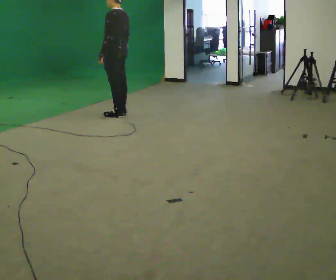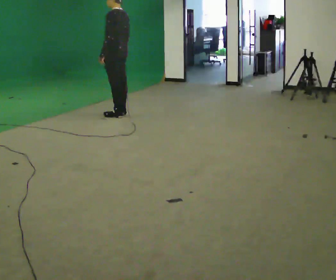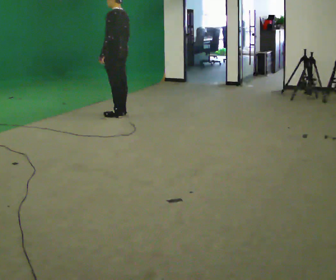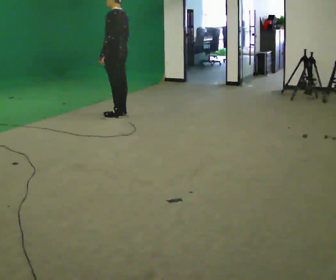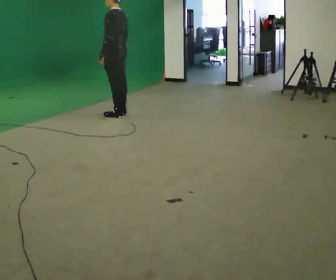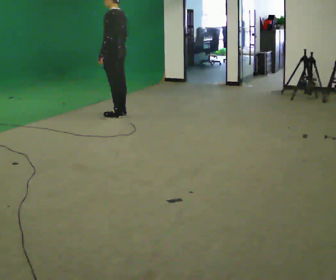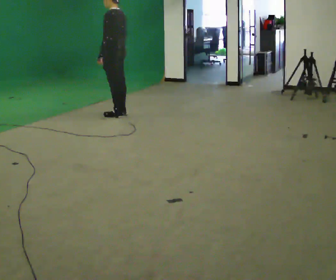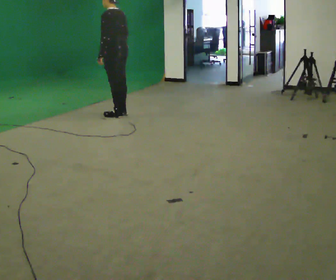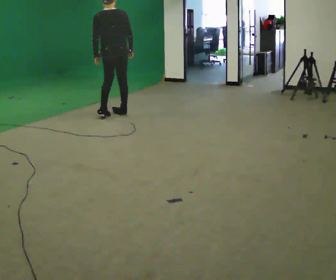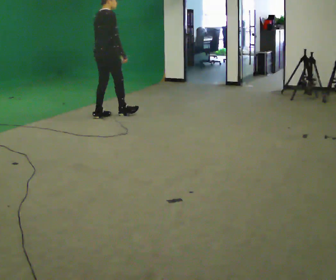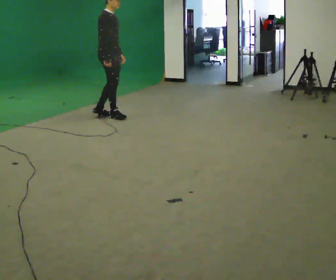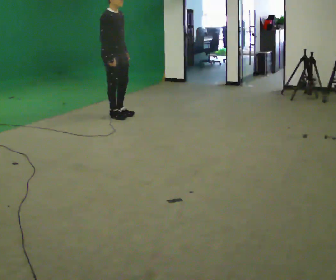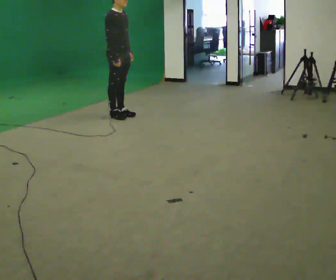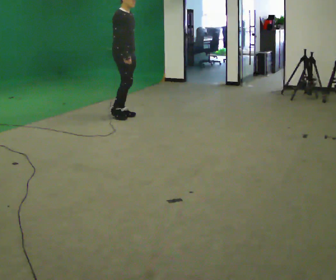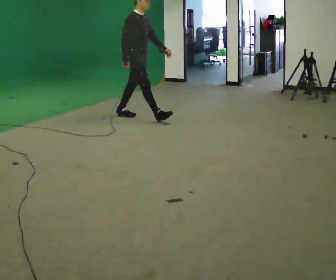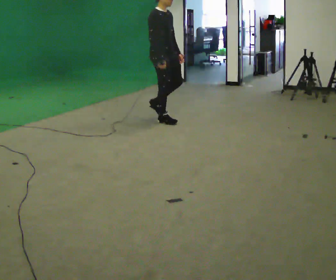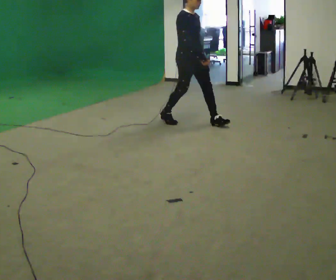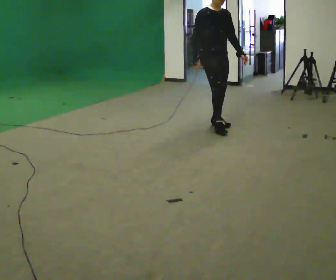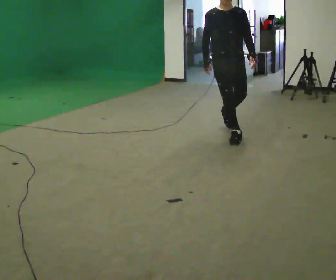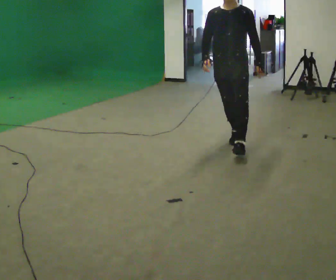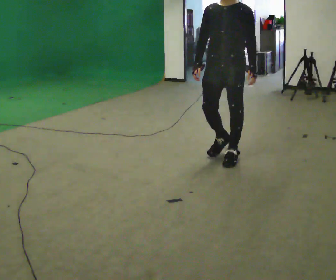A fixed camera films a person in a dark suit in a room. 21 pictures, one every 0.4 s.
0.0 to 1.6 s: The person keeps their place and pose.
1.6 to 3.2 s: The person turns about 75 degrees to their right, clockwise seen from above, so the part of the body nearest the lens slides to the left.
3.2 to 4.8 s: The person turns about 105 degrees to their right, clockwise seen from above, so the part of the body nearest the lens slides to the left.
4.8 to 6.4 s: In the picture they go to the right and toward the camera, about 1 m in 2 steps, which for them is forward.
6.4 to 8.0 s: The person turns about 75 degrees to their right, clockwise seen from above, so the part of the body nearest the lens slides to the left. In the picture they go toward the camera, about 1.5 m in 2 steps.
The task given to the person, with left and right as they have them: Walk straight; turn 90° left/right while continuing to walk; continue.
The film runs forward here.
